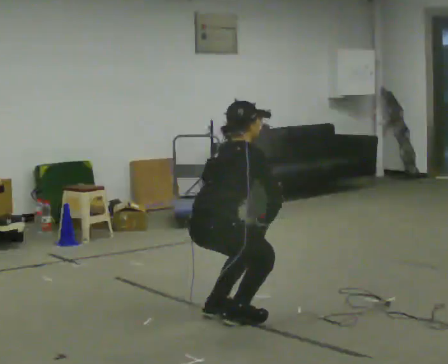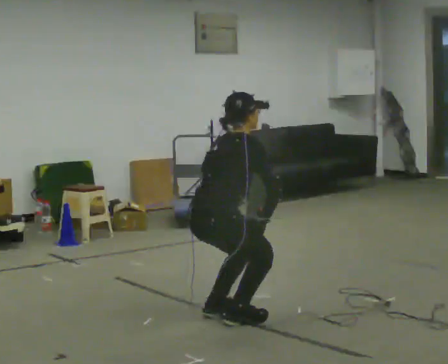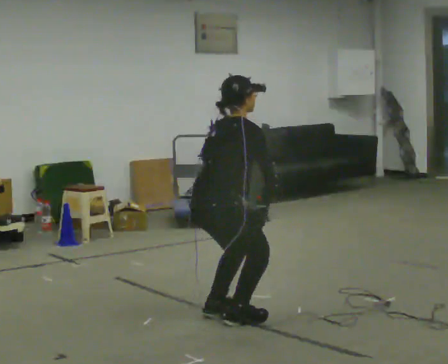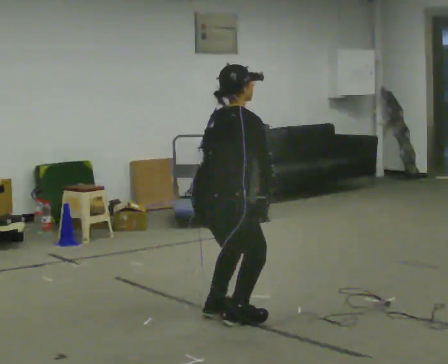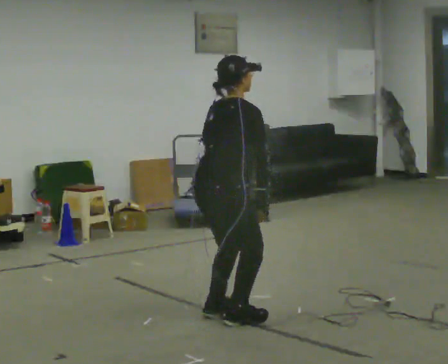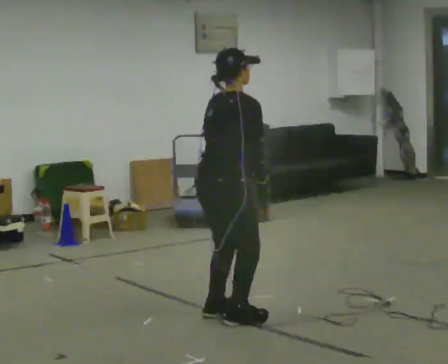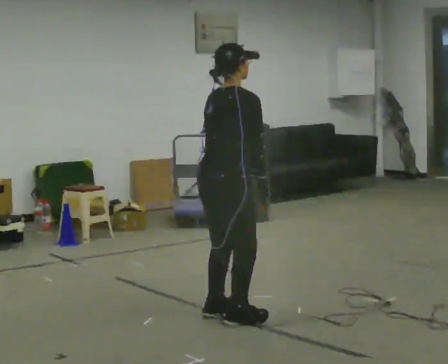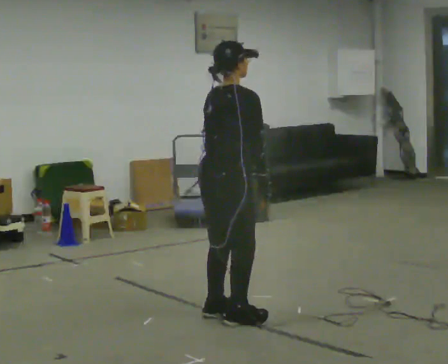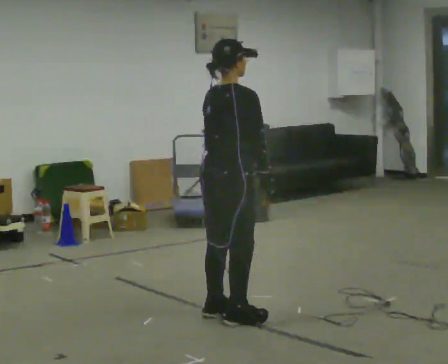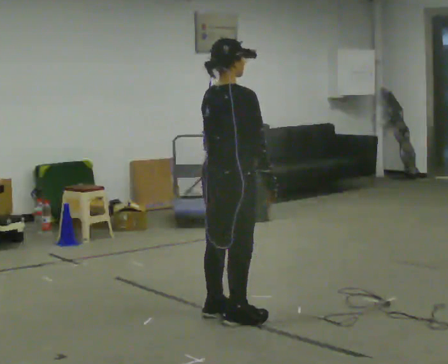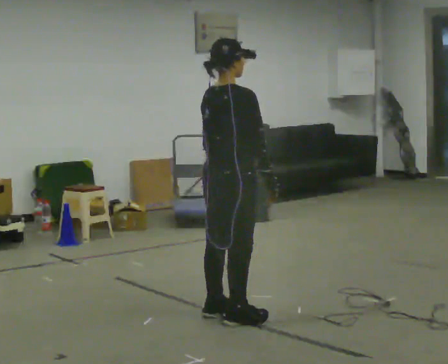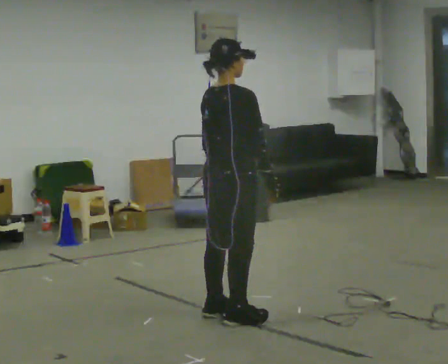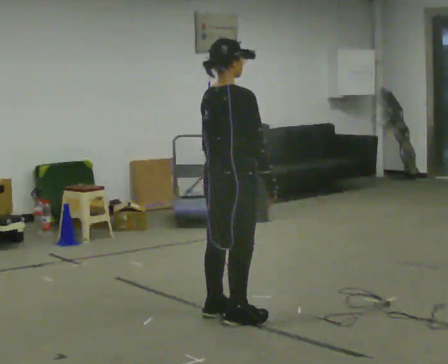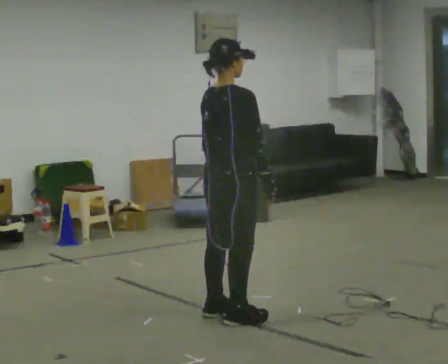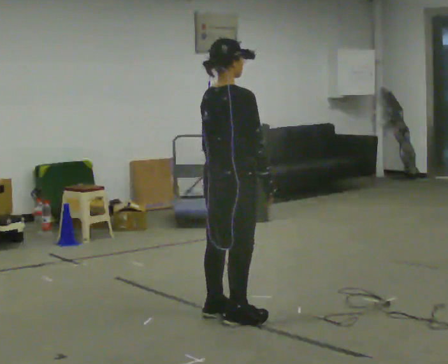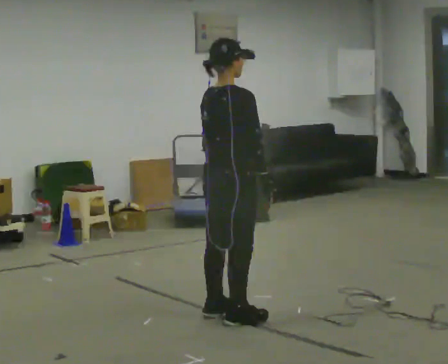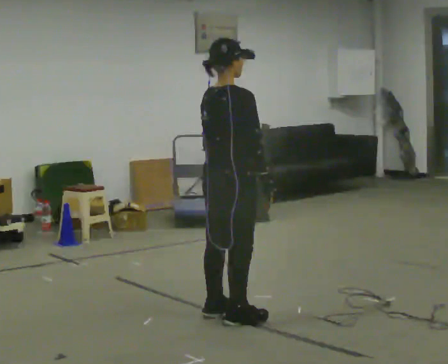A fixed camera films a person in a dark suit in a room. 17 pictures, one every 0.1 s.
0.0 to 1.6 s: The upper body goes upward. In the picture the upper body tilts counterclockwise, shoulders to the left, as they lean back or straighten.
The film runs forward here.
